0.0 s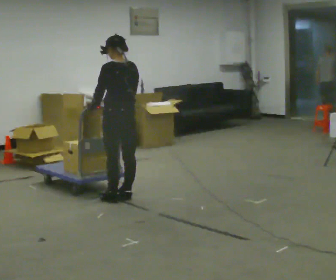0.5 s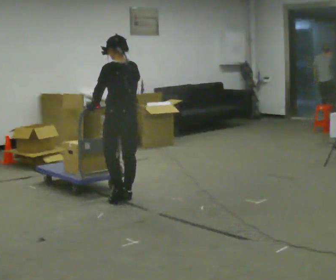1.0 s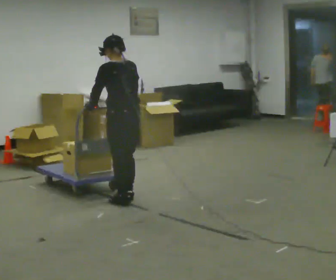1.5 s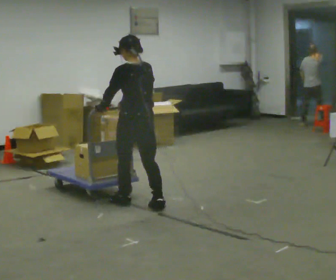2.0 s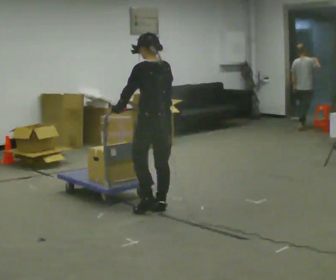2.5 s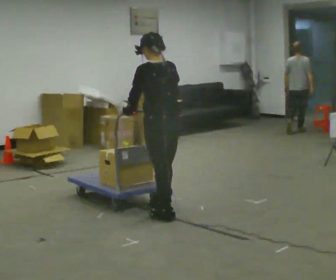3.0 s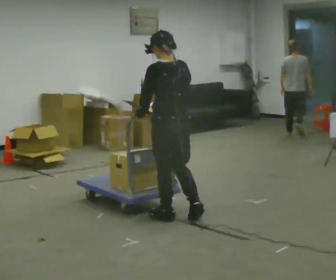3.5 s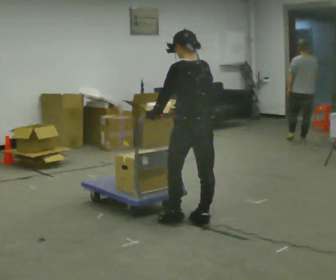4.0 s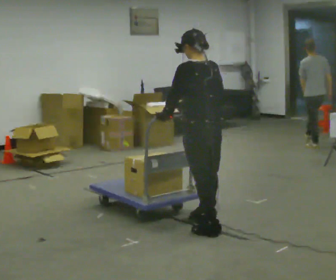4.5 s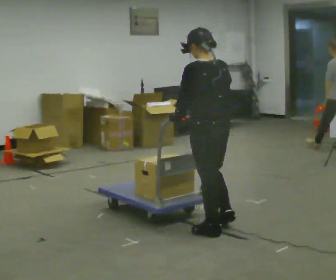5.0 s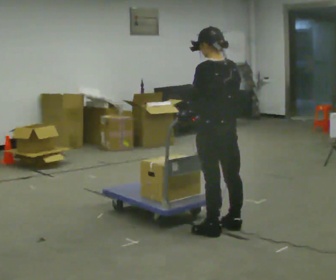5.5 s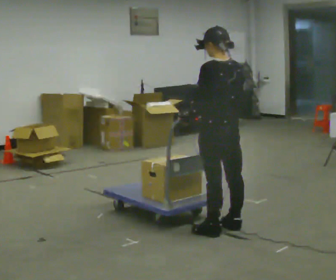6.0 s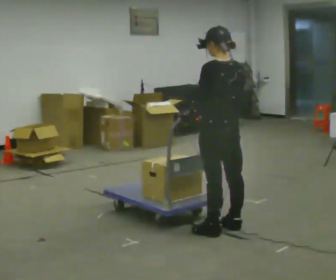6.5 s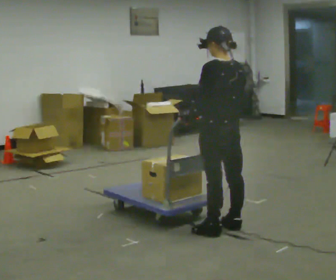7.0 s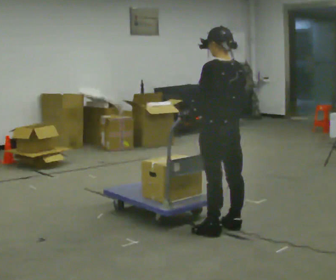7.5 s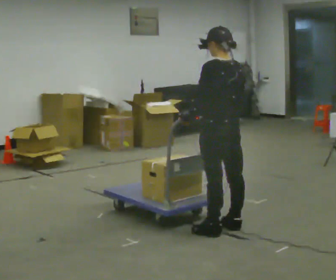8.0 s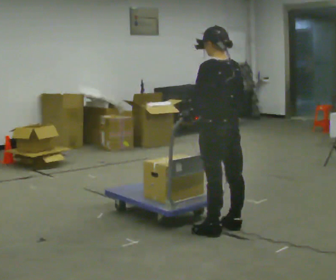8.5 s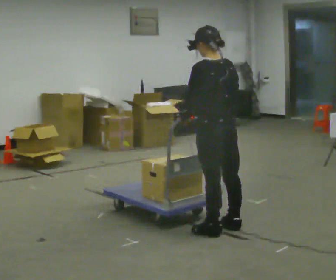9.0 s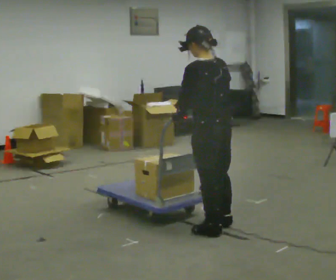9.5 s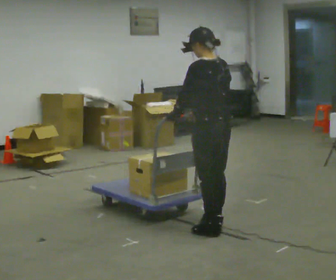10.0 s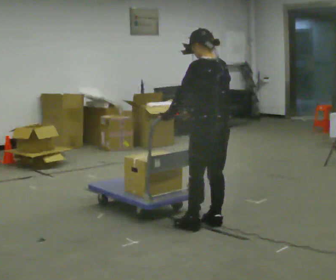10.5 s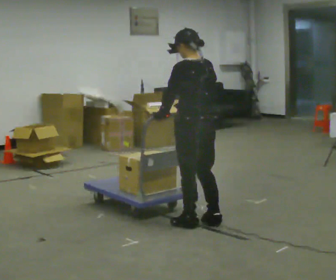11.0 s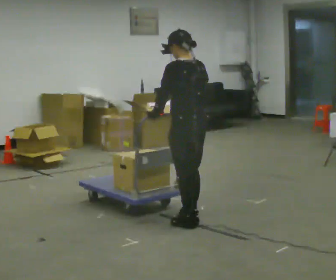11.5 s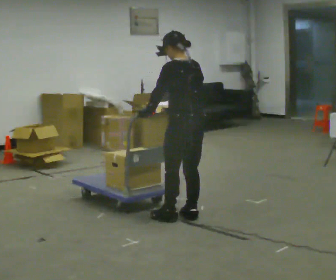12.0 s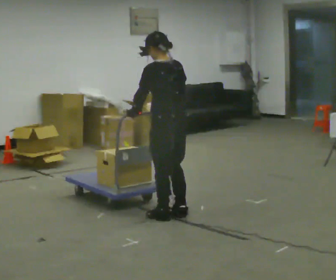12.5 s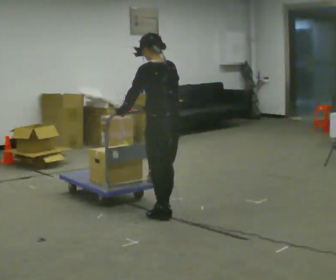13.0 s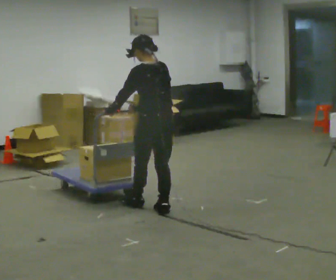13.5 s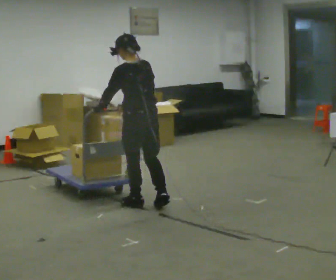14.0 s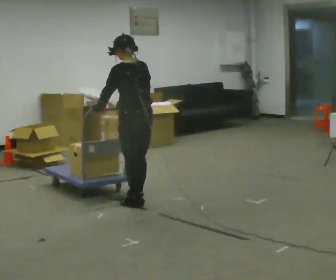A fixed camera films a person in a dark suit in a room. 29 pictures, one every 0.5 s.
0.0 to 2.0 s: In the picture they go to the right and toward the camera, about 0.5 m in 3 steps, which for them is backward.
2.0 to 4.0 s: In the picture they go toward the camera and to the right, about 0.5 m in 2 steps, which for them is backward.
4.0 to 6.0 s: The person moves a little, or ends about where they began.
6.0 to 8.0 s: The person keeps their place and pose.
8.0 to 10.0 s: The person moves a little, or ends about where they began.
10.0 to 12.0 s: In the picture they go to the left and away from the camera, about 0.5 m in 3 steps, which for them is forward.
12.0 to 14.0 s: In the picture they go away from the camera and to the left, about 0.5 m in 2 steps, which for them is forward.
The film runs backward here.
